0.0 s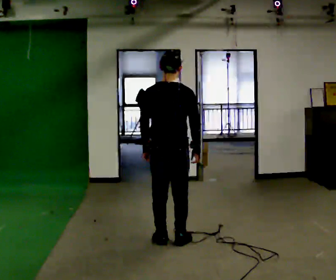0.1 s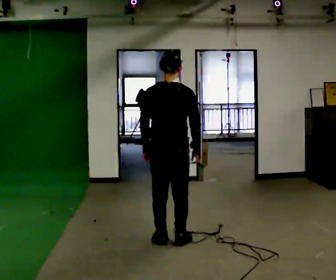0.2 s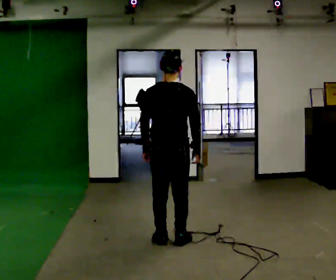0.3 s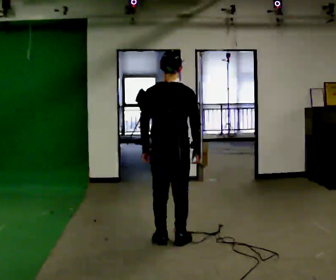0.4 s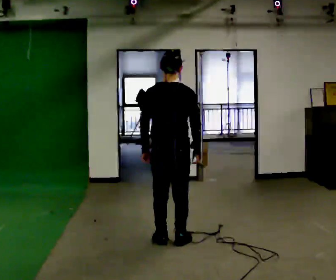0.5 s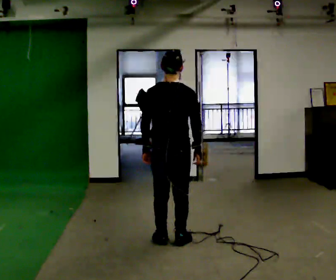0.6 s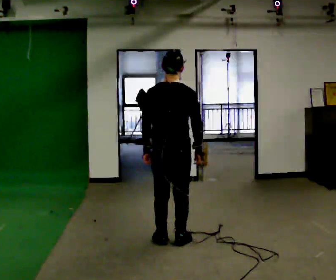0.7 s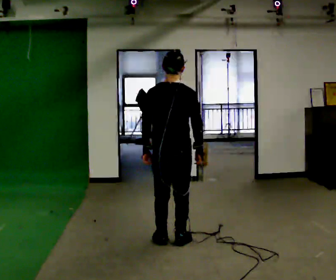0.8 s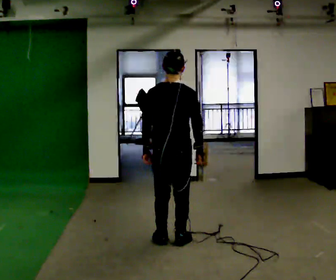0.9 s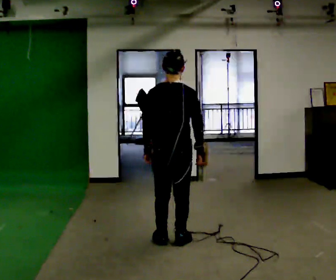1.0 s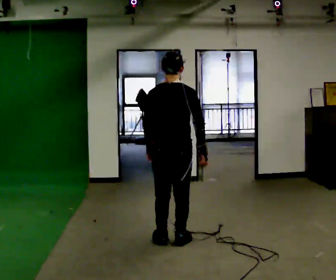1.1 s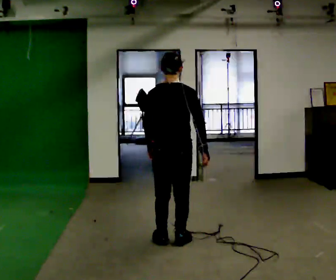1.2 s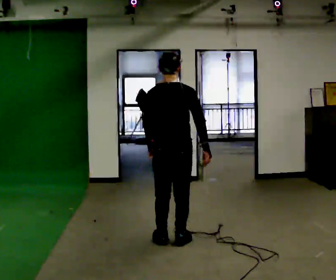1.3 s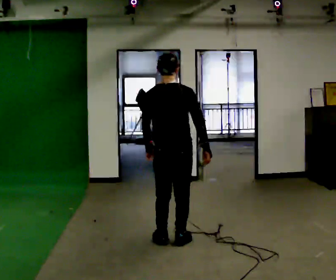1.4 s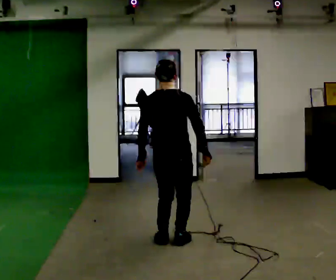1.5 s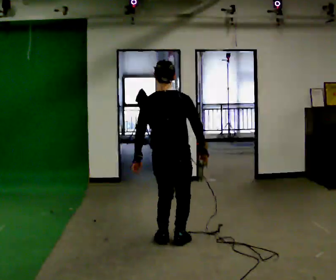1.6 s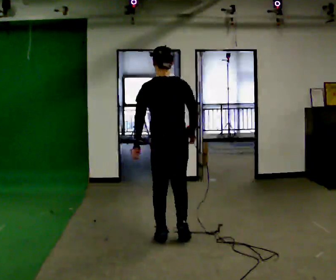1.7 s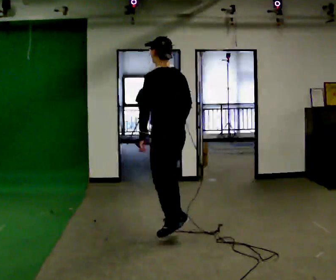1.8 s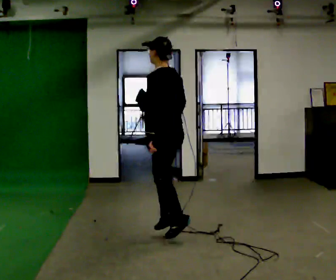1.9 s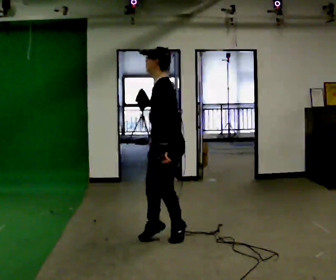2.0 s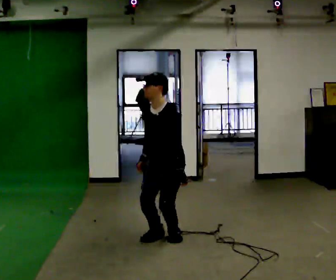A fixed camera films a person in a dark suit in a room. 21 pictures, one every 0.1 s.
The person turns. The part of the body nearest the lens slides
to the right.
The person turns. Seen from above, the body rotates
counterclockwise.
0.0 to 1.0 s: The person moves a little, or ends about where they began.
1.0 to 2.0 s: The part of the body nearest the lens slides to the right as the person turns to their left by about 135 degrees. In the picture they go away from the camera, about 0.25 m in 2 steps. In the picture their right hand goes to the left, the arm swinging clockwise.
The film runs backward here.
